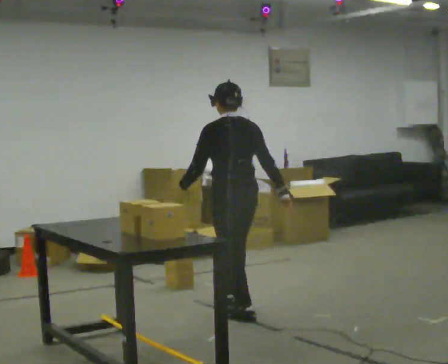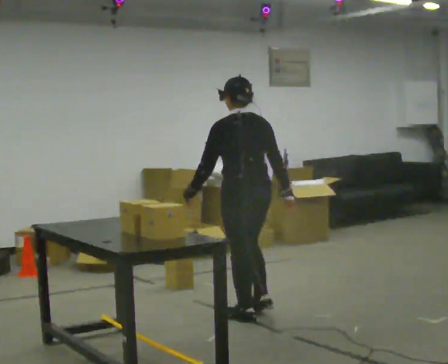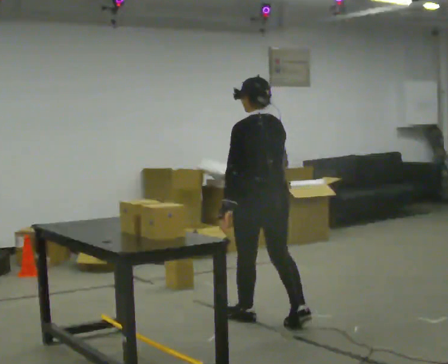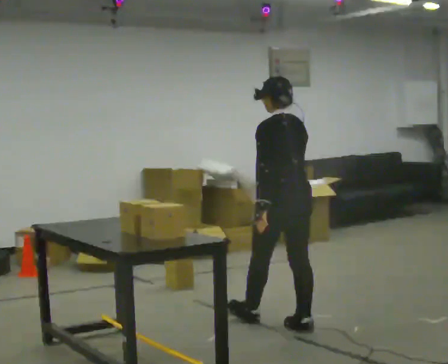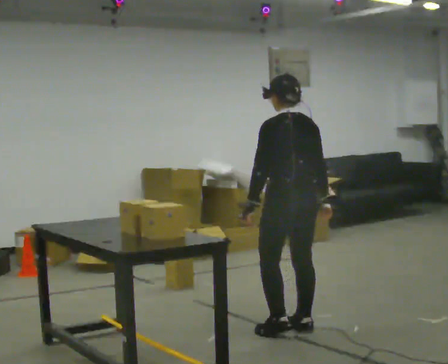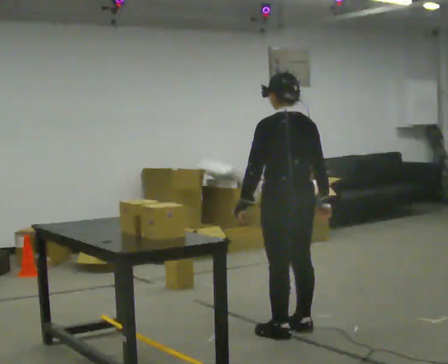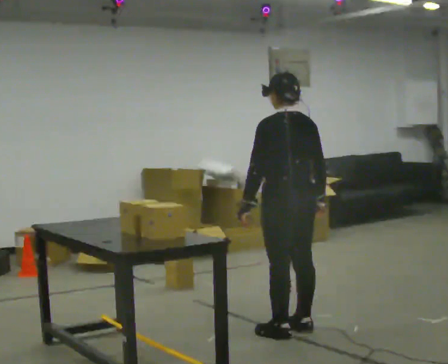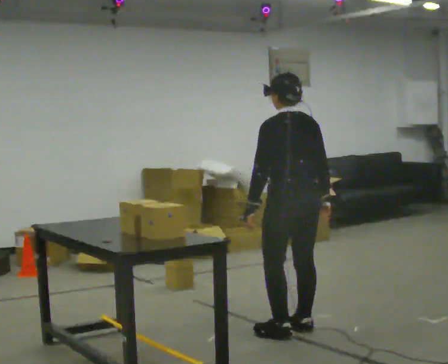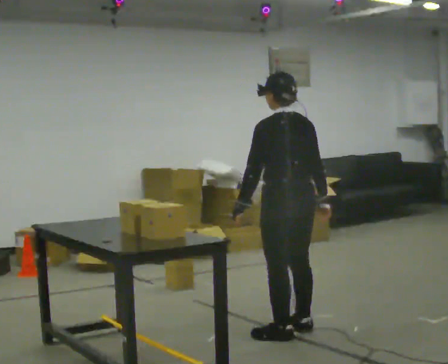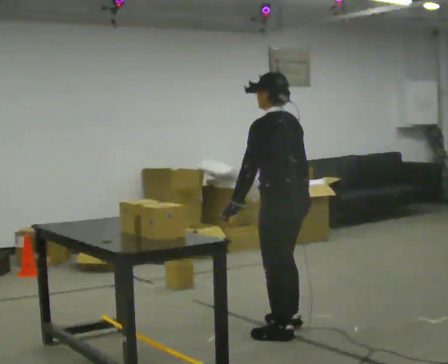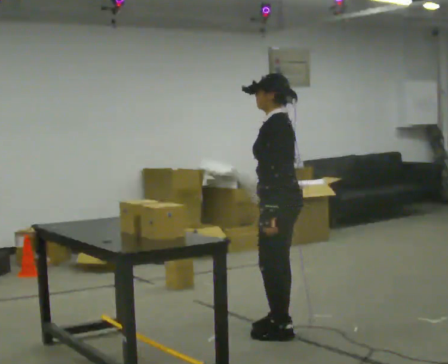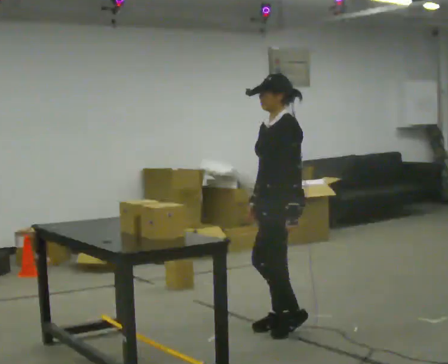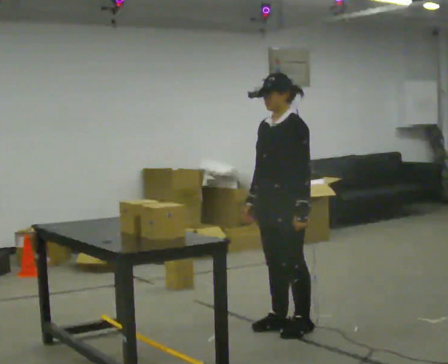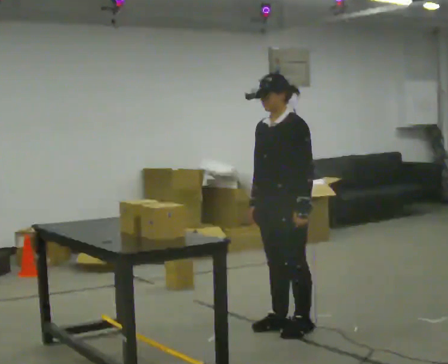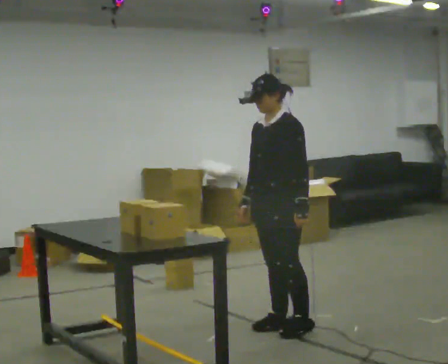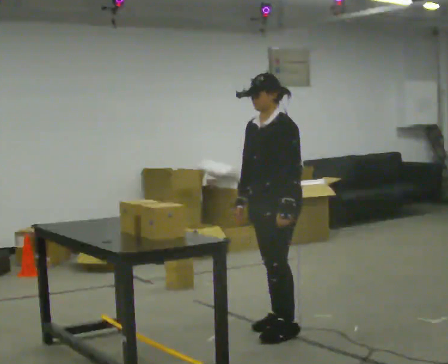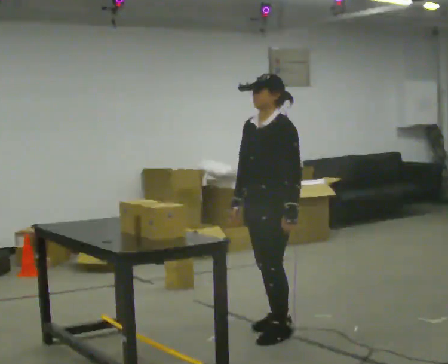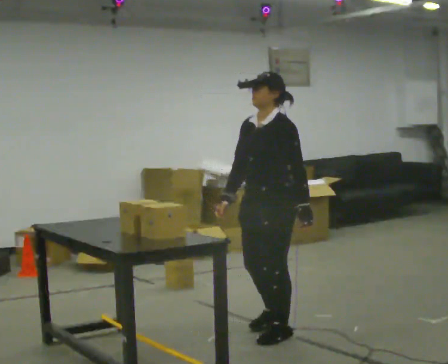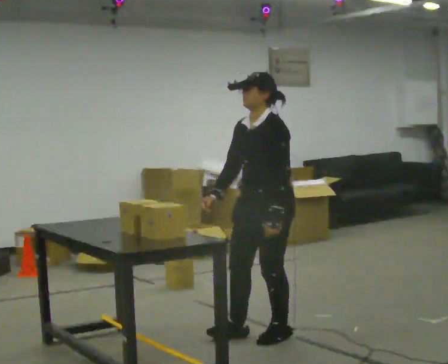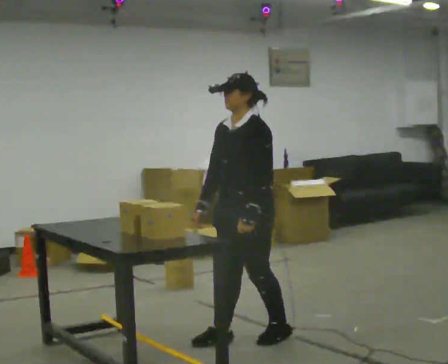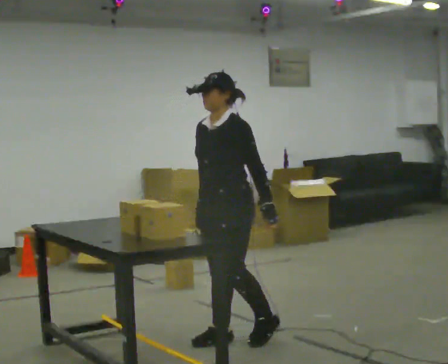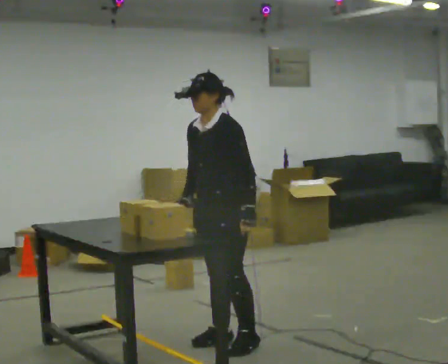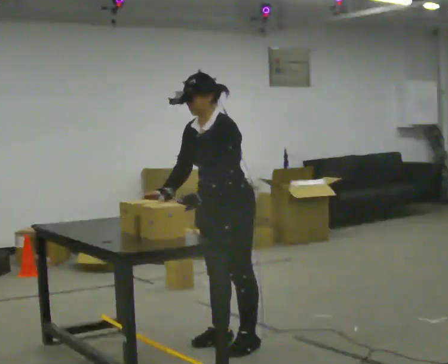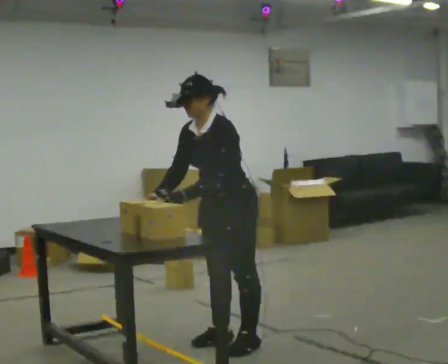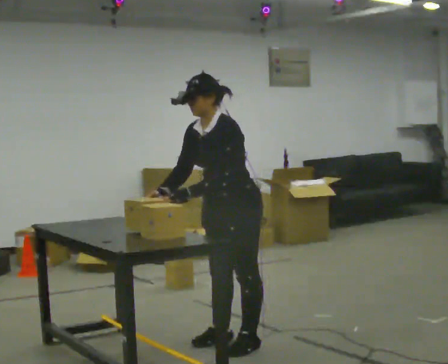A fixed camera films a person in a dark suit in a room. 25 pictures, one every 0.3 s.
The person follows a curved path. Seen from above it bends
clockwise.
0.0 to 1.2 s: In the picture they go toward the camera and to the right, about 0.5 m in 2 steps, which for them is backward.
1.2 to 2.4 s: The person moves a little, or ends about where they began.
2.4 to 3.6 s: Seen from above the body turns counterclockwise, about 90 degrees: to their left, with its near side sliding to the right. In the picture their right hand goes to the left, the arm swinging clockwise.
3.6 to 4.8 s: The person moves a little, or ends about where they began.
4.8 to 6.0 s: In the picture they go to the left and toward the camera, about 0.25 m in 2 steps, which for them is forward.
6.0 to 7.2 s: In the picture their left hand goes to the left, the arm swinging clockwise.
The film runs backward here.
